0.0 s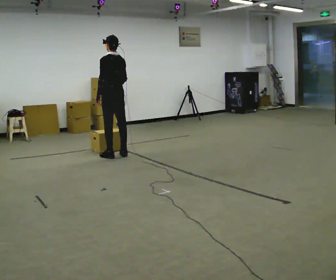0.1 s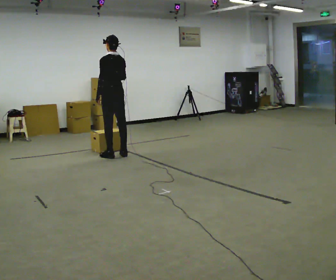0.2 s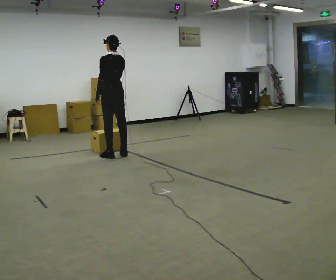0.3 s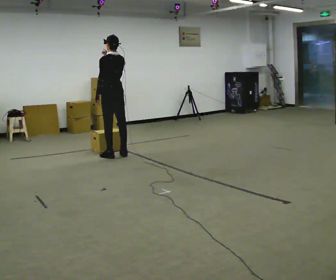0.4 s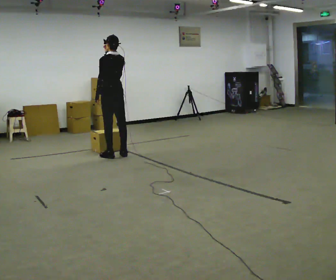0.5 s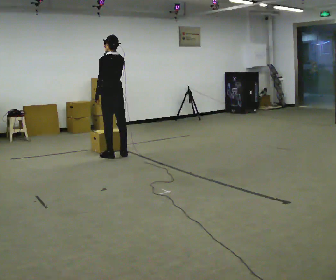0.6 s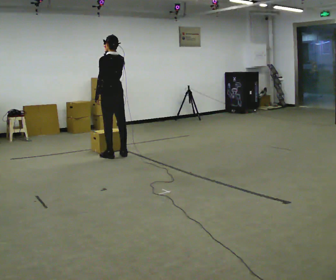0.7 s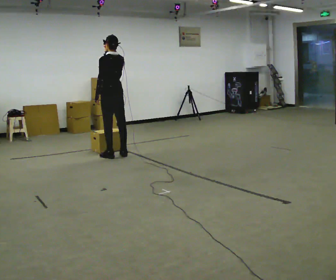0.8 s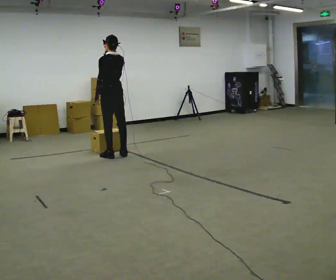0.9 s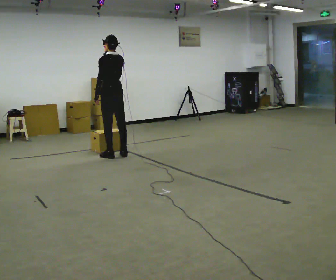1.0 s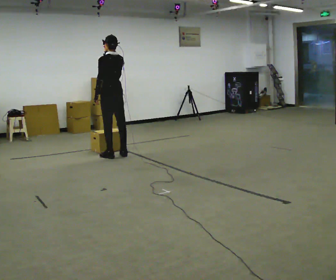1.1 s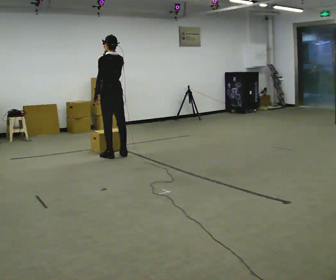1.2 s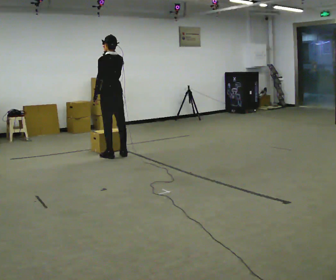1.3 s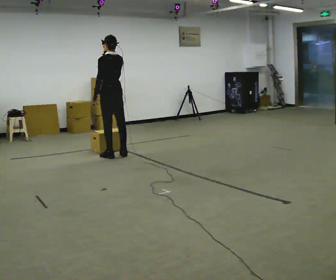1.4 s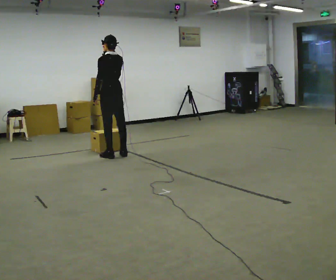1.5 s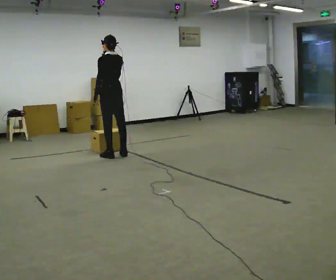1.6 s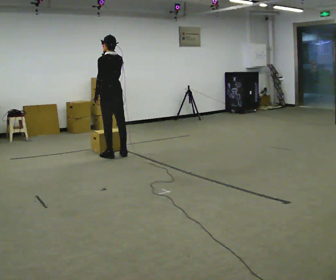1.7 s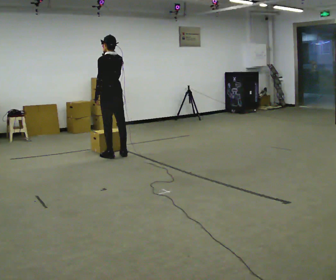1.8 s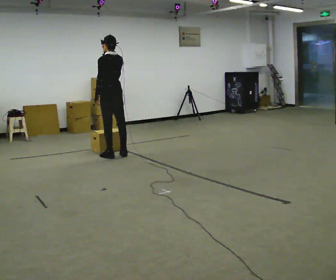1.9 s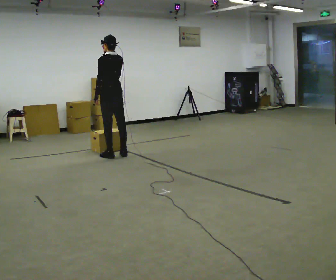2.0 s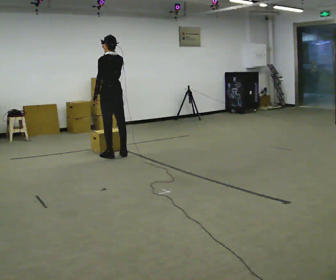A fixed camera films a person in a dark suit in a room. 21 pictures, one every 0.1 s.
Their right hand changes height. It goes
upward.
0.0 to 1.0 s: In the picture their right hand goes upward.
1.0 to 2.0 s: The person moves a little, or ends about where they began.
The film runs backward here.
